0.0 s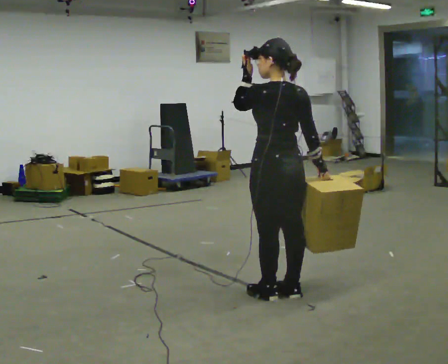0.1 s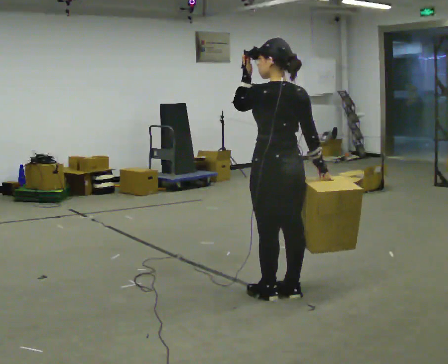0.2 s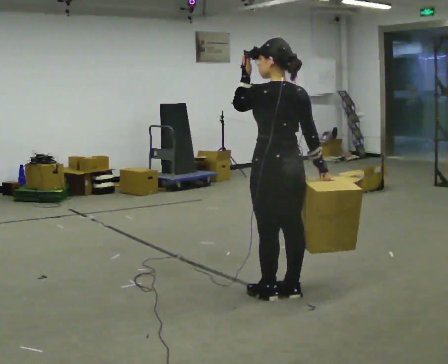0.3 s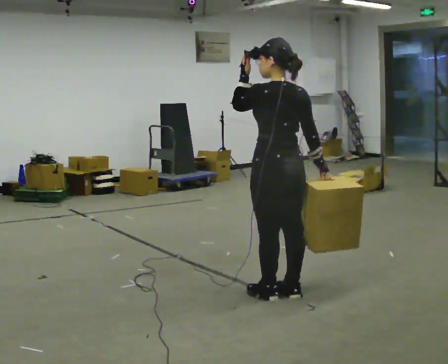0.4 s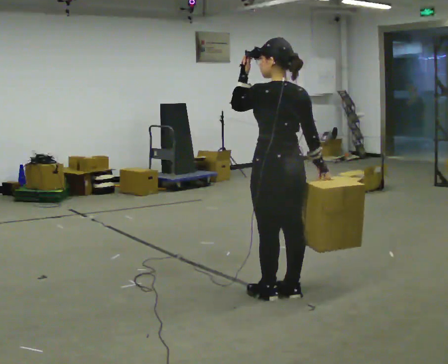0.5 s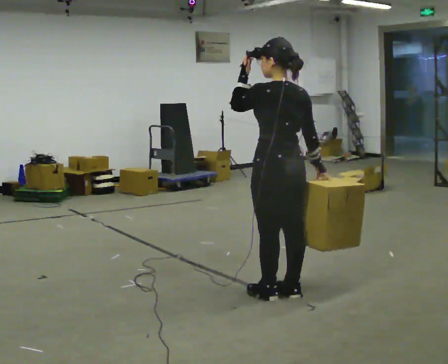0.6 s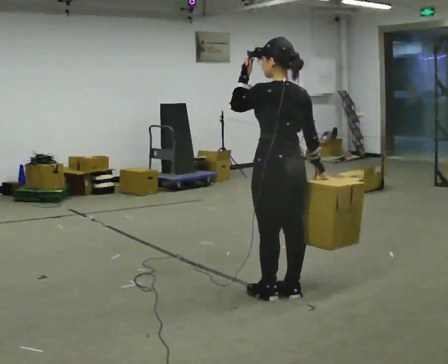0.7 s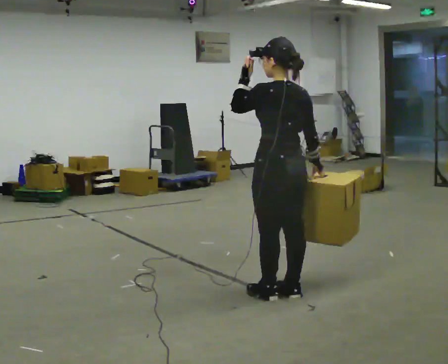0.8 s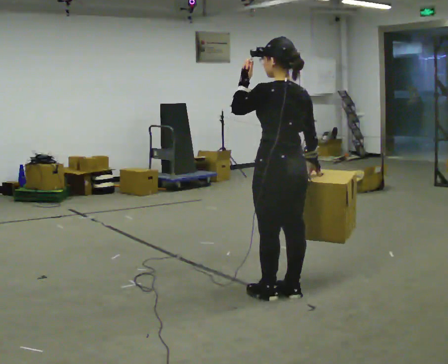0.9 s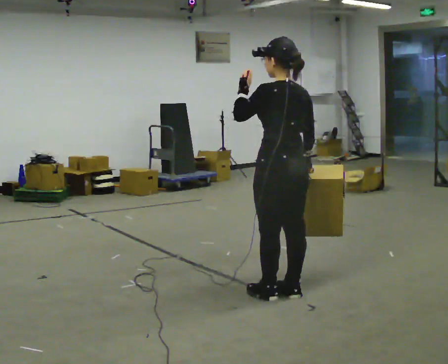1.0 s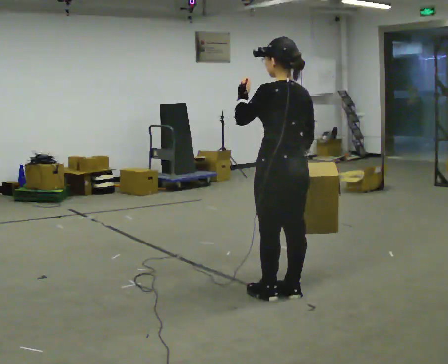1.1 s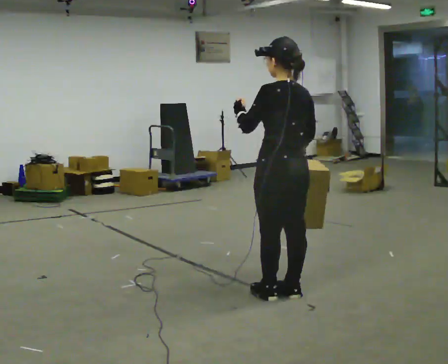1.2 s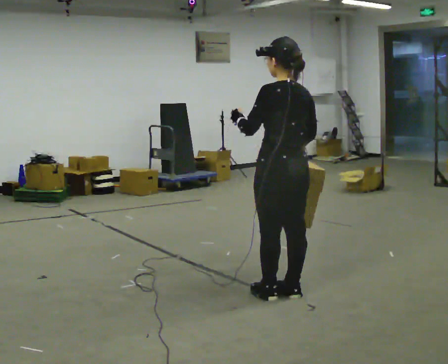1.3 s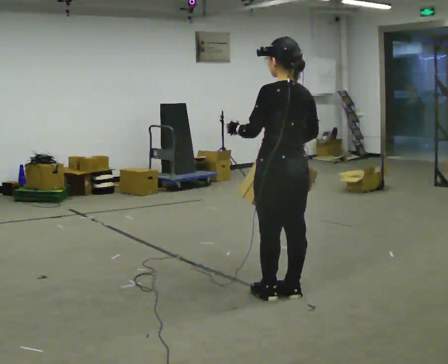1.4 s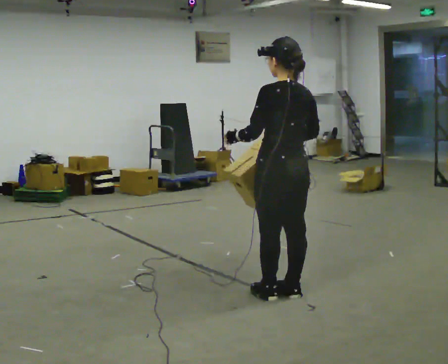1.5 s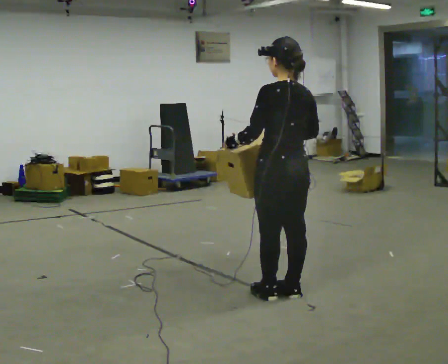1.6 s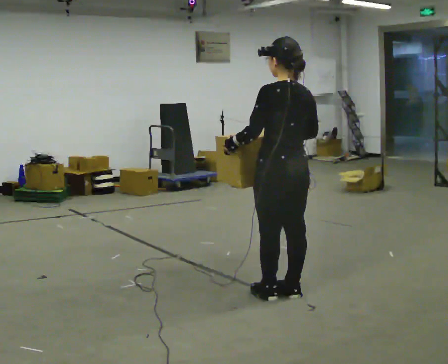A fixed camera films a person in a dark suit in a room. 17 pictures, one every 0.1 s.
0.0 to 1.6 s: In the picture their left hand goes downward.
The film runs backward here.
